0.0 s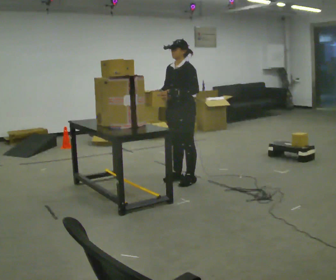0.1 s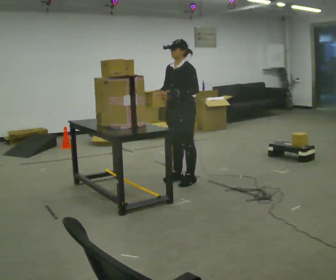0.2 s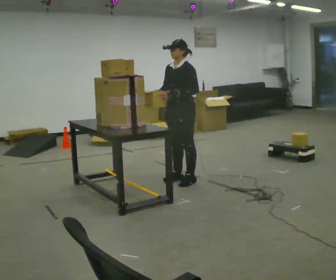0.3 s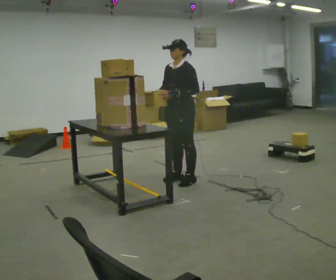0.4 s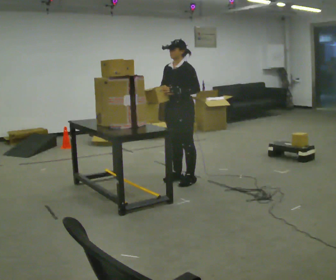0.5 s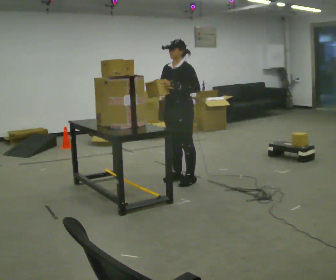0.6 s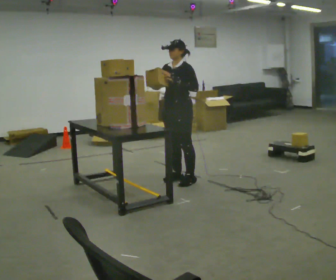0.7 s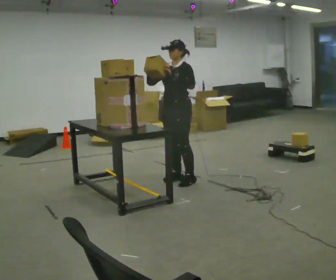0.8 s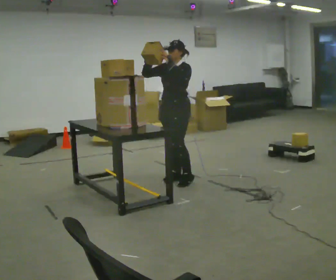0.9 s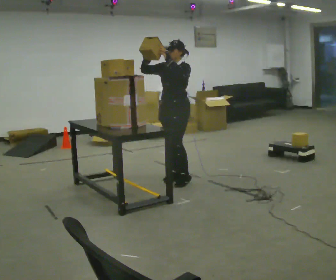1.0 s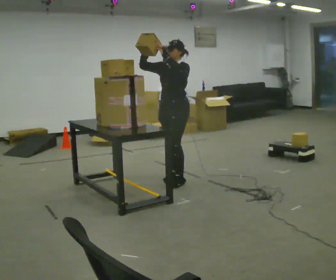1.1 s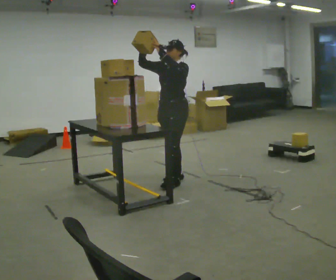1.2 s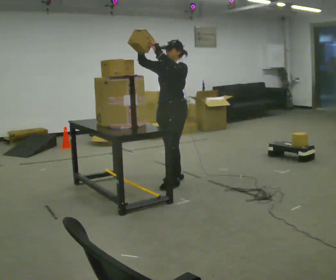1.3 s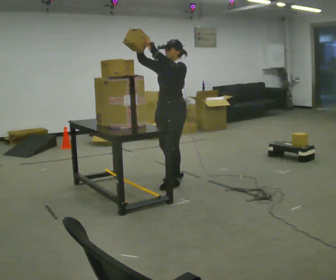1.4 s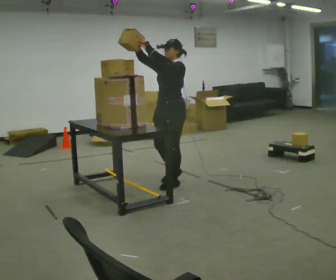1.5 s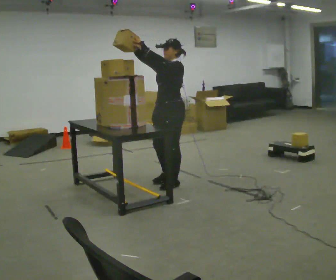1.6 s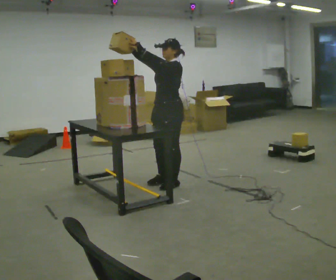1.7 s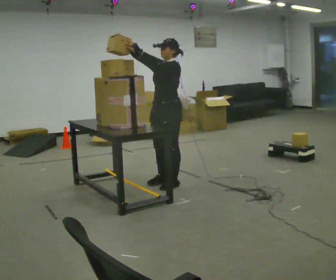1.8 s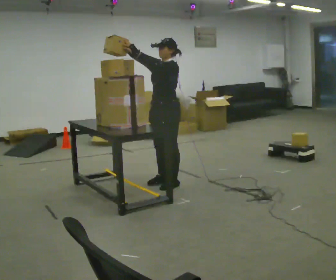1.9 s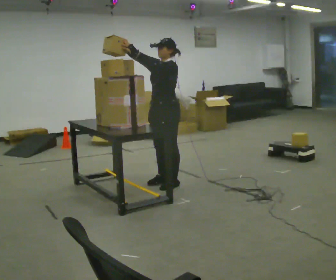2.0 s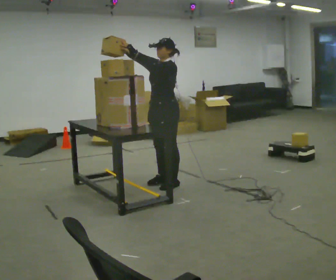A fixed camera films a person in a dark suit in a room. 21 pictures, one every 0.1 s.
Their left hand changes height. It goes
upward.
Their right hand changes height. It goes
upward.
0.0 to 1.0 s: In the picture their right hand goes upward, the arm swinging clockwise.
1.0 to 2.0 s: The person moves a little, or ends about where they began.
The film runs forward here.
